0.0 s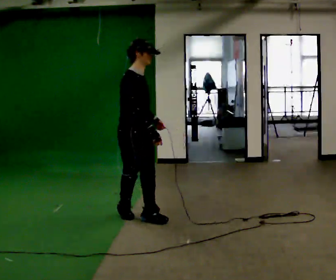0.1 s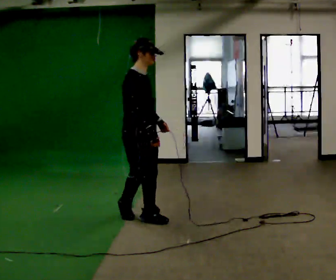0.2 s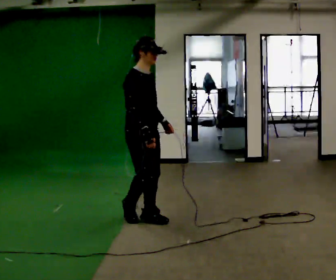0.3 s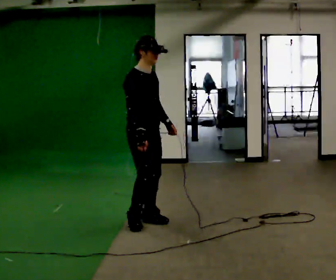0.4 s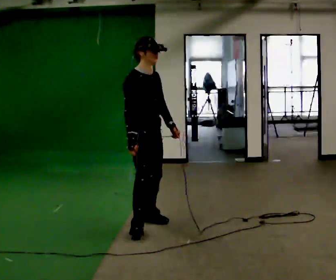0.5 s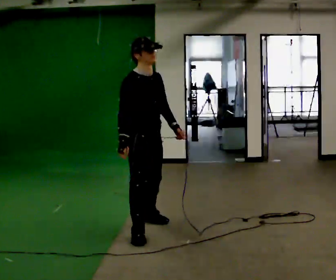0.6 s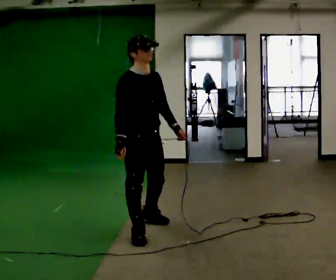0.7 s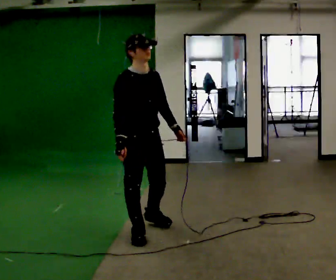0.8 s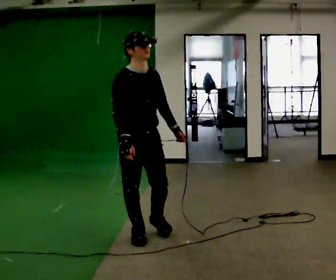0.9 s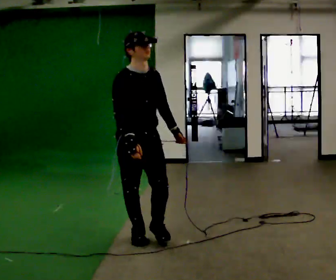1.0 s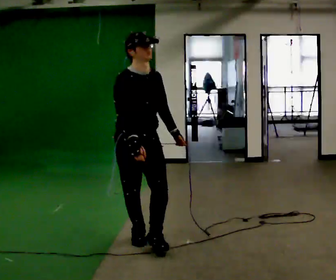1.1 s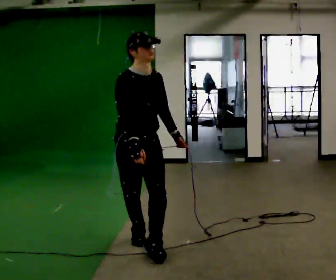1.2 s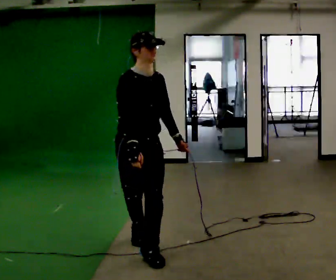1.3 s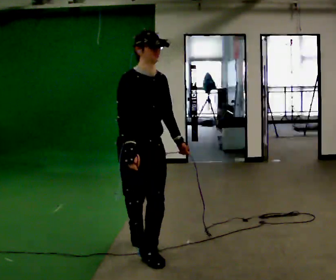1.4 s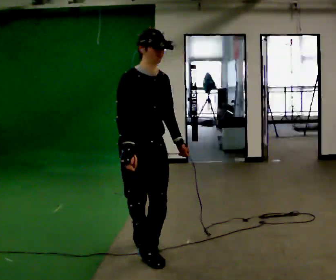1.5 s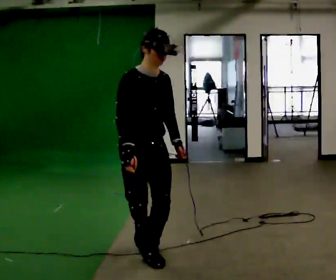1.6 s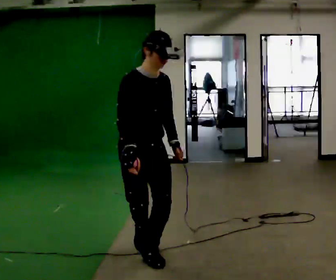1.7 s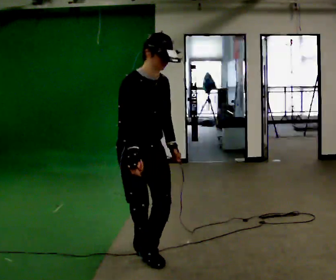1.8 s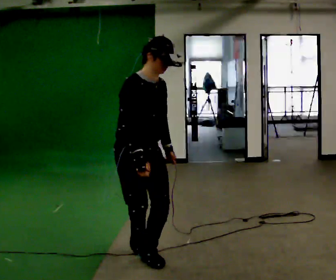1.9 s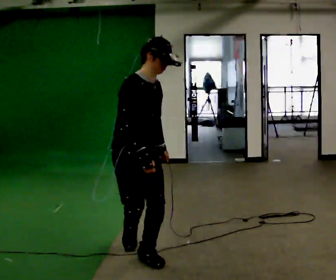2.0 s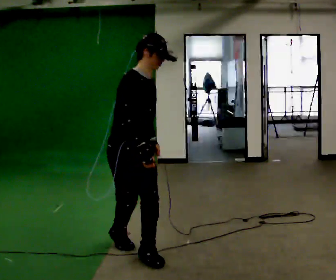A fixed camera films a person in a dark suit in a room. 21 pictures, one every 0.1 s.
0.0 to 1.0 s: Seen from above the body turns clockwise, about 30 degrees: to their right, with its near side sliding to the left. In the picture they go toward the camera, about 0.5 m in 2 steps, which for them is to their right and forward.
1.0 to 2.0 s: The person turns about 30 degrees to their left, counterclockwise seen from above, so the part of the body nearest the lens slides to the right. In the picture they go toward the camera, about 0.25 m in 2 steps, which for them is forward and to their right.
The film runs backward here.
